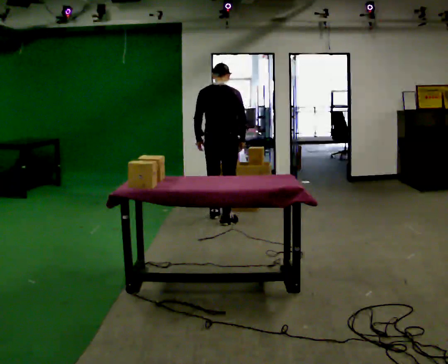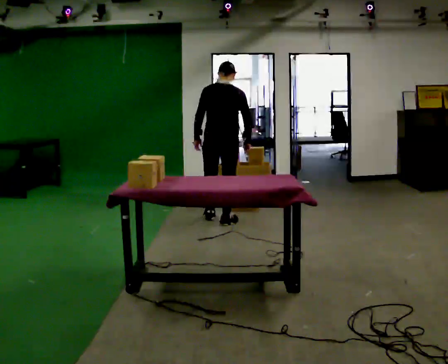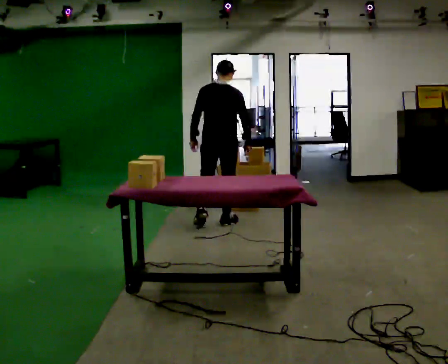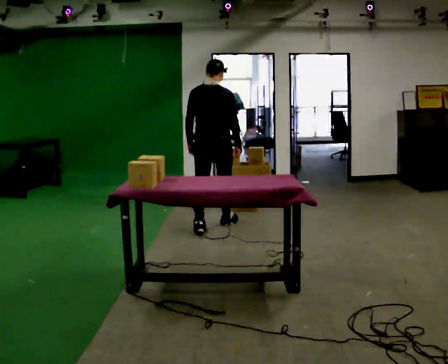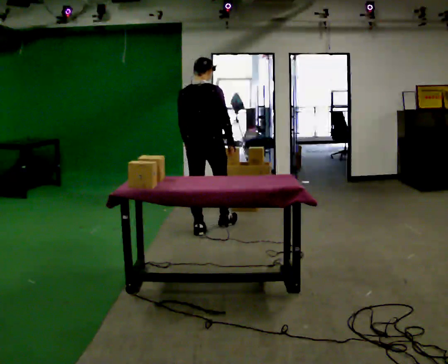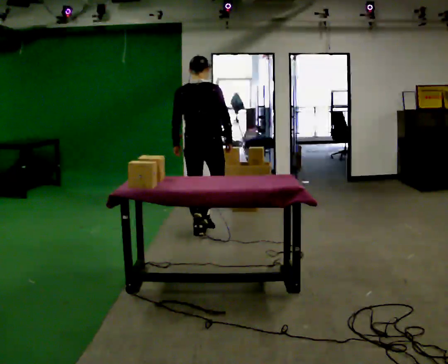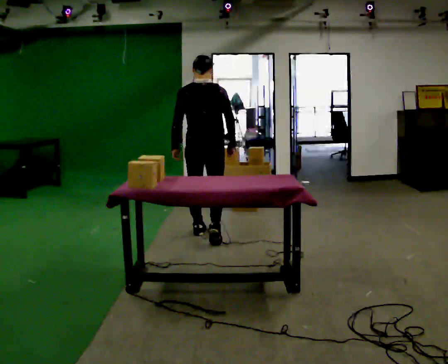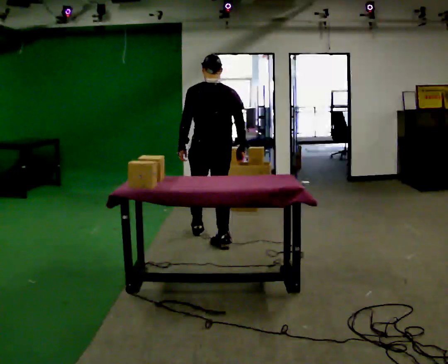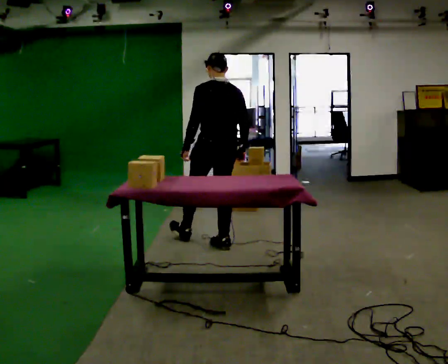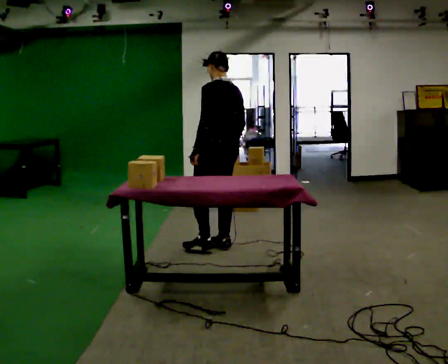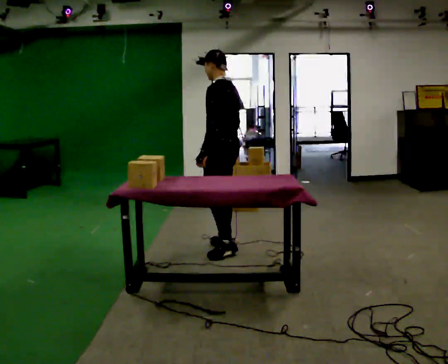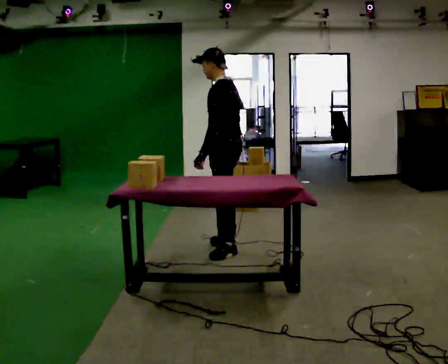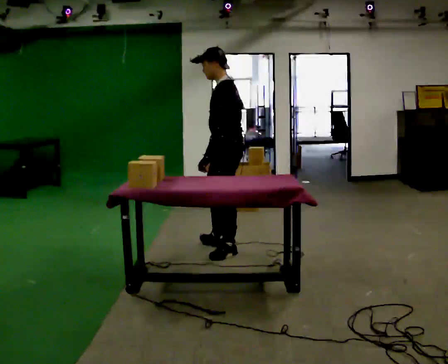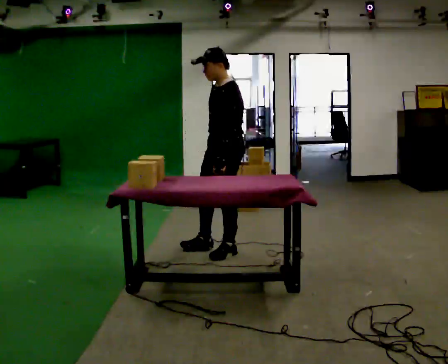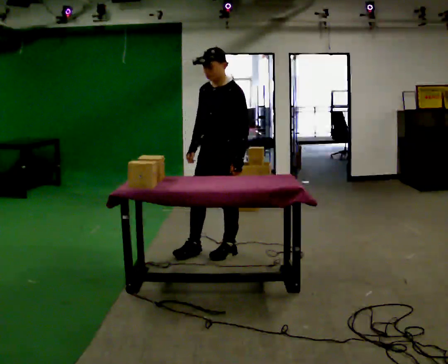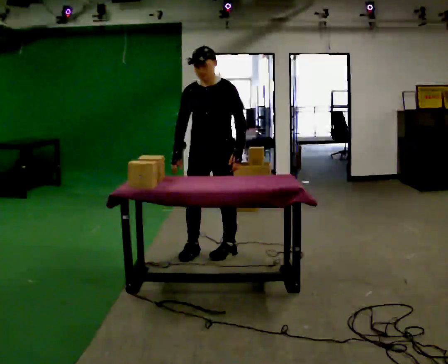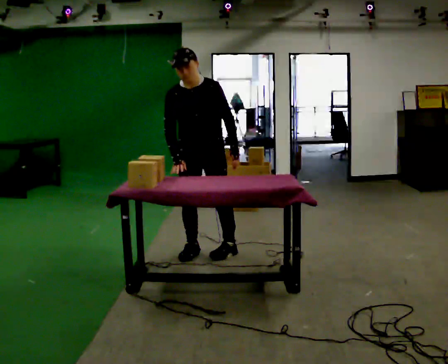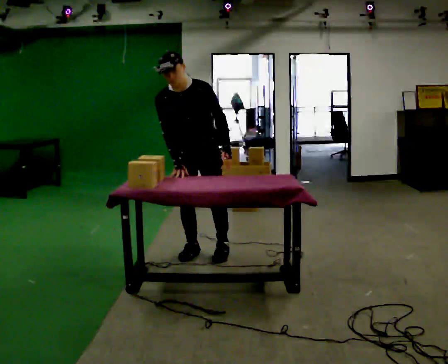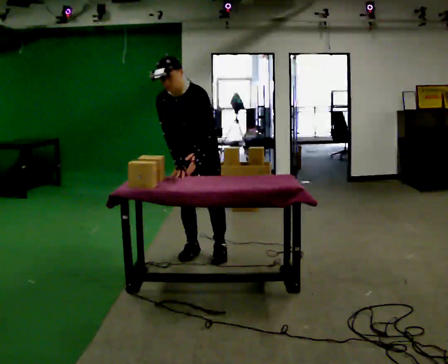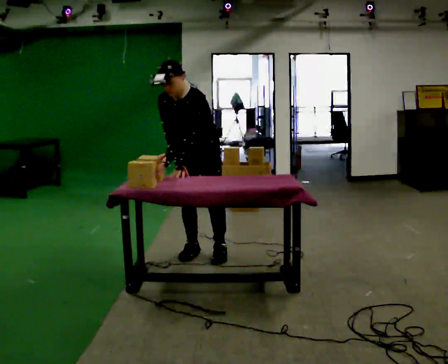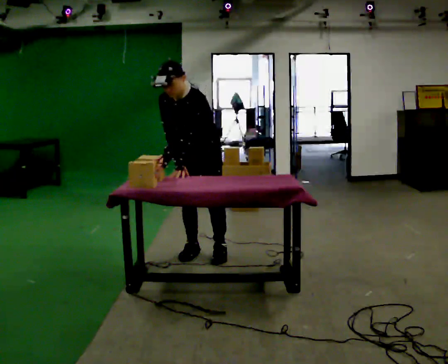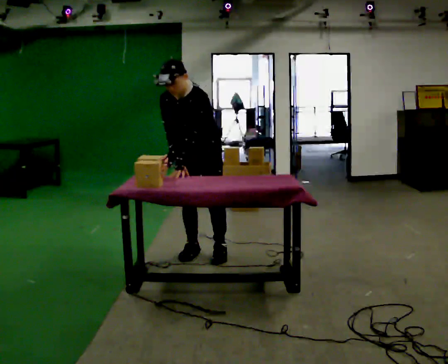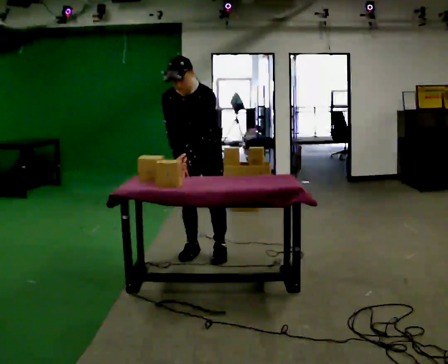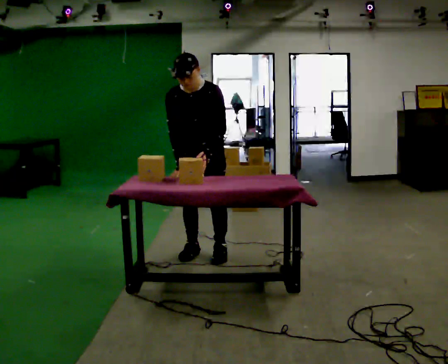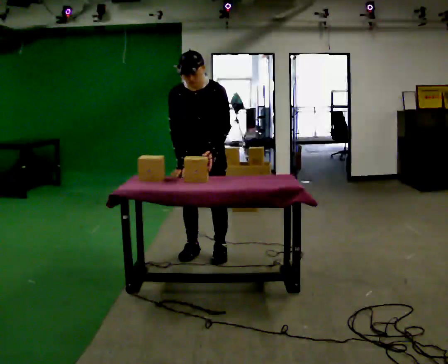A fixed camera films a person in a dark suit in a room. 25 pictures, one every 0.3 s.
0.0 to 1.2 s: In the picture they go toward the camera, about 0.5 m in 2 steps, which for them is backward.
1.2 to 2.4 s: Seen from above the body turns counterclockwise, about 45 degrees: to their left, with its near side sliding to the right. In the picture they go toward the camera, about 0.5 m in 1 step, which for them is backward and to their right.
2.4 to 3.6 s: Seen from above the body turns counterclockwise, about 60 degrees: to their left, with its near side sliding to the right. In the picture they go toward the camera, about 0.25 m in 1 step.
3.6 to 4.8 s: The part of the body nearest the lens slides to the right as the person turns to their left by about 75 degrees. In the picture they go to the left, about 0.25 m.
4.8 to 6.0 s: The upper body tips toward the camera, its near side rolling downward, as they bend forward. In the picture their left hand goes to the left.
6.0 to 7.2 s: The person moves a little, or ends about where they began.
The film runs backward here.
